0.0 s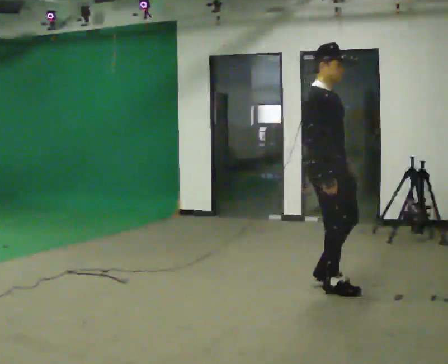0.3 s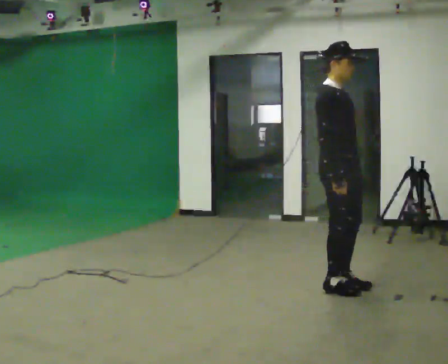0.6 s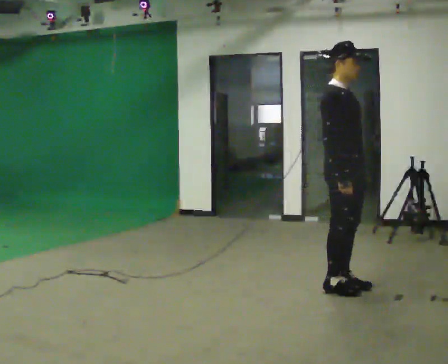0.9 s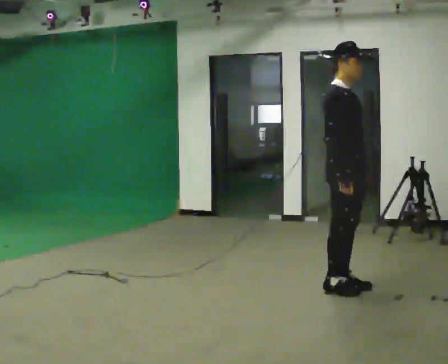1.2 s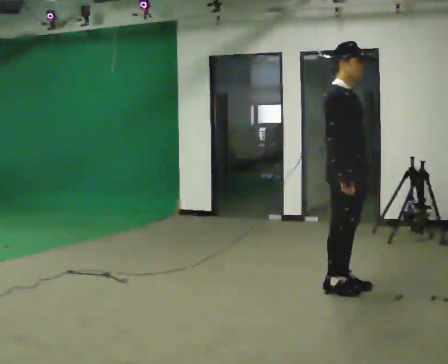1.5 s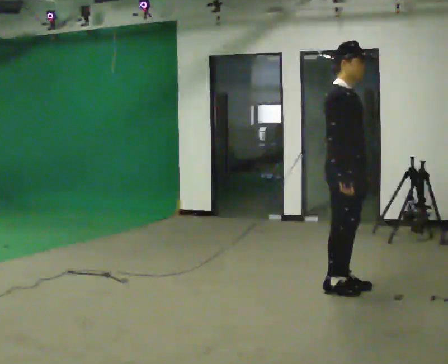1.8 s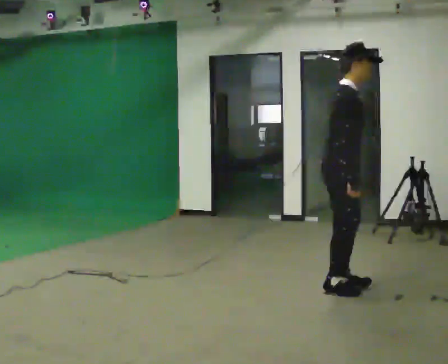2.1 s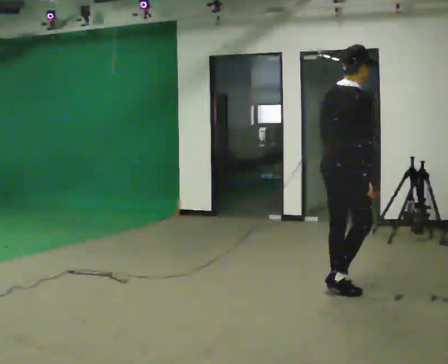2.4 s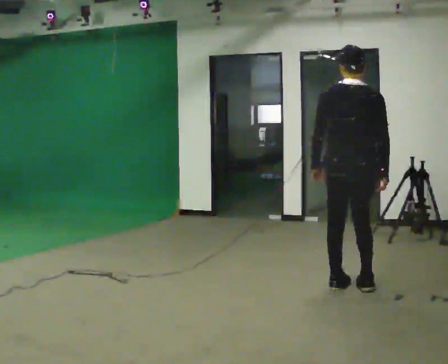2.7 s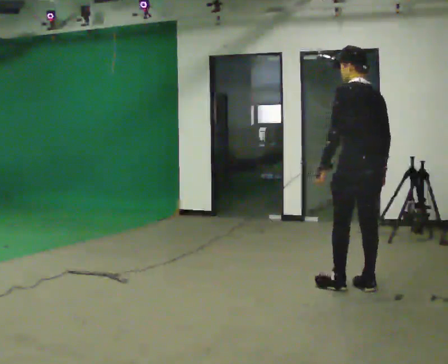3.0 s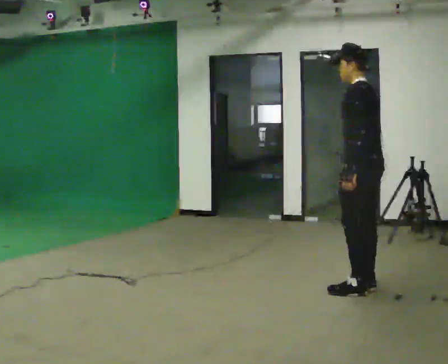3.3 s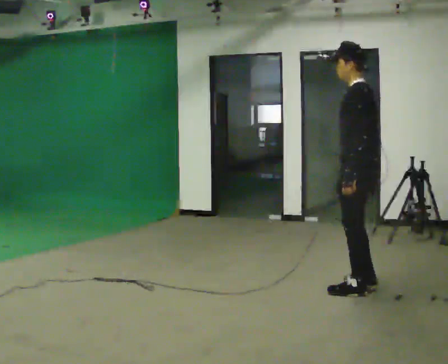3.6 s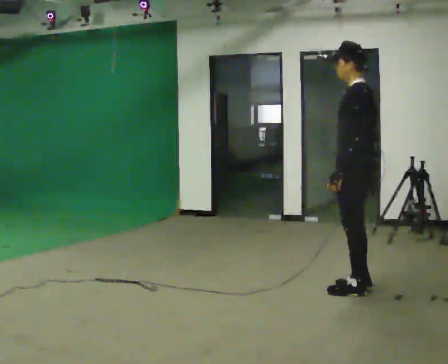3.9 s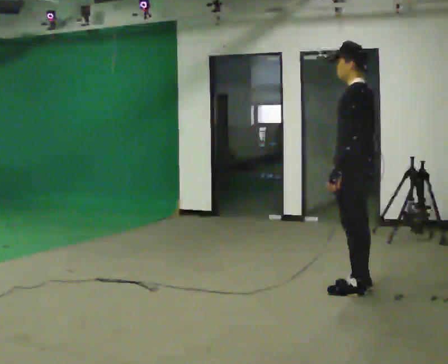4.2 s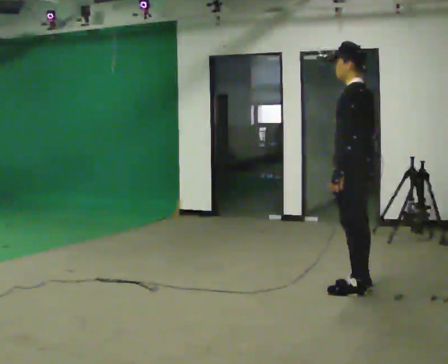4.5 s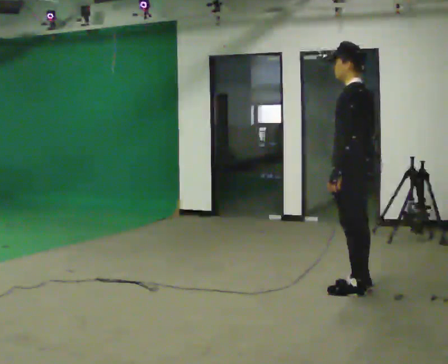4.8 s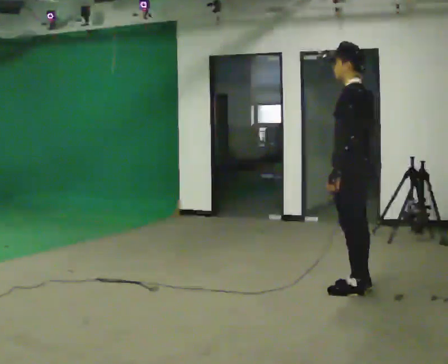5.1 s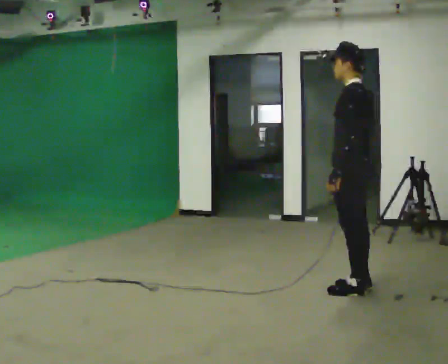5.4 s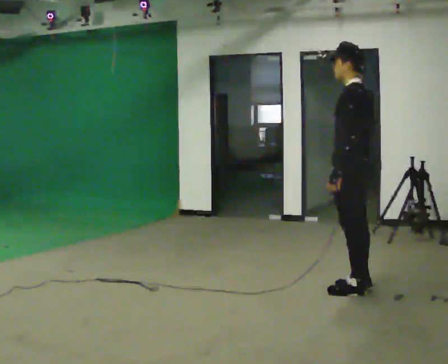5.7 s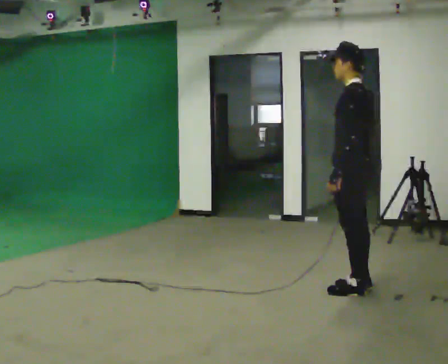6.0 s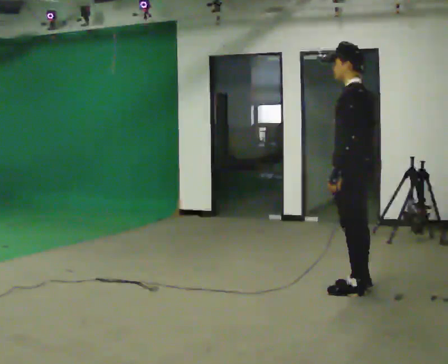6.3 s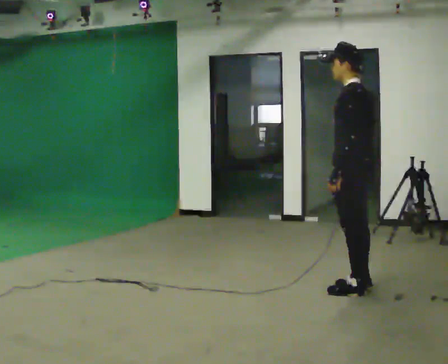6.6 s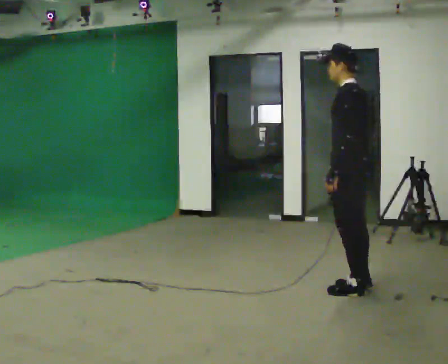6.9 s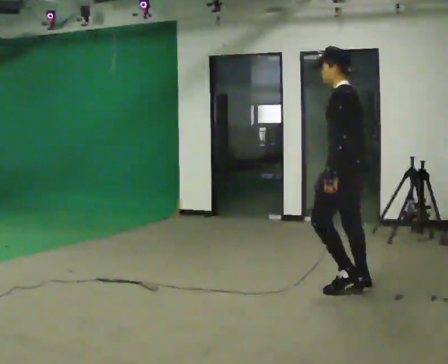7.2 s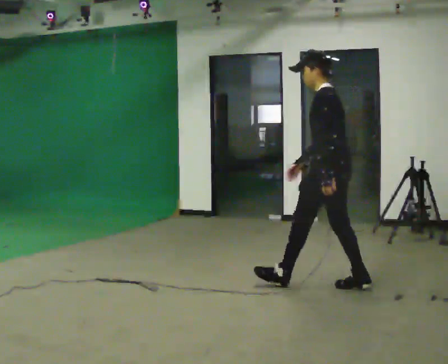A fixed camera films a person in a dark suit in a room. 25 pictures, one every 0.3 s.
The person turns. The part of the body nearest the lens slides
to the right.
The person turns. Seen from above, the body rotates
counterclockwise.
0.0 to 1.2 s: The person moves a little, or ends about where they began.
1.2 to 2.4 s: The person turns about 105 degrees to their left, counterclockwise seen from above, so the part of the body nearest the lens slides to the right. In the picture their left hand goes to the left.
2.4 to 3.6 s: The person turns about 75 degrees to their left, counterclockwise seen from above, so the part of the body nearest the lens slides to the right.
3.6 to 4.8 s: The person moves a little, or ends about where they began.
4.8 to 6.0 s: The person keeps their place and pose.
6.0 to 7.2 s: In the picture they go to the left, about 0.25 m, which for them is forward. In the picture their right hand goes to the left.
The film runs forward here.
